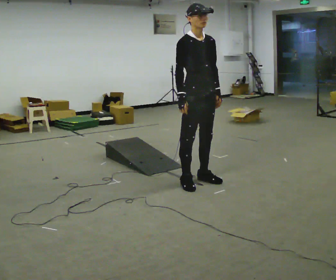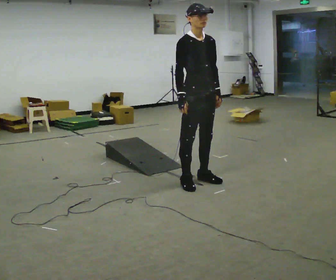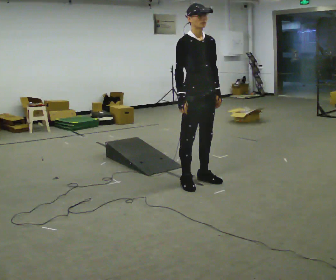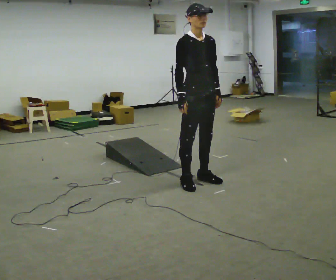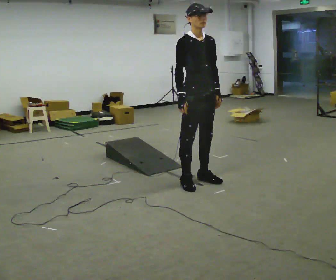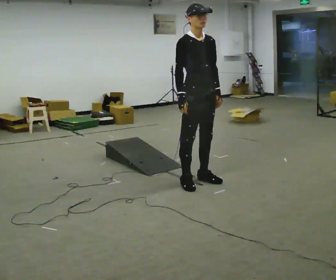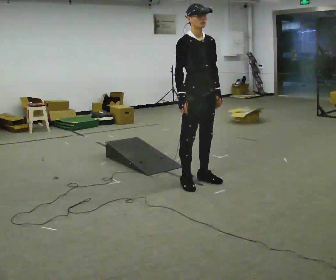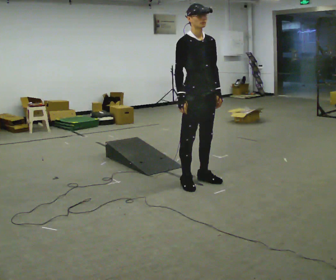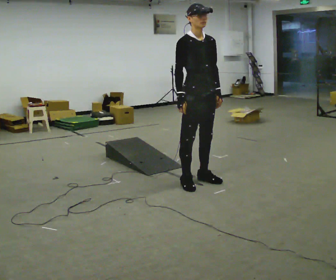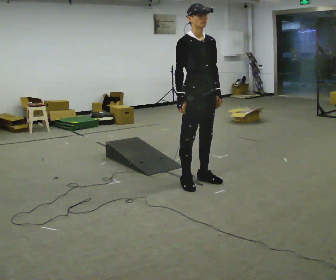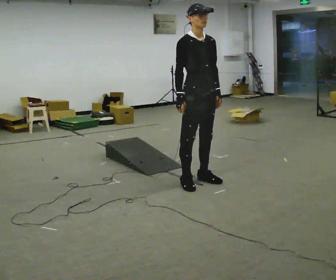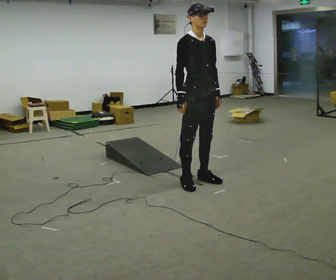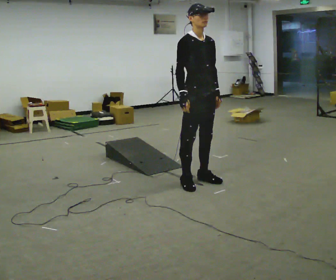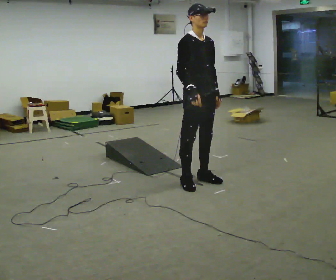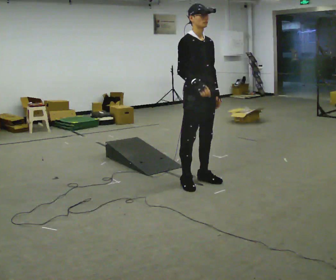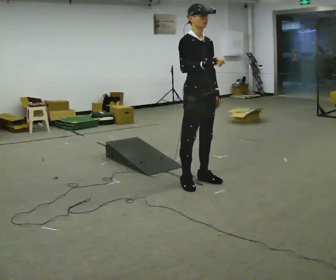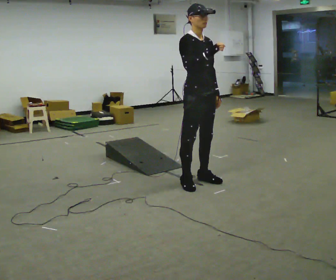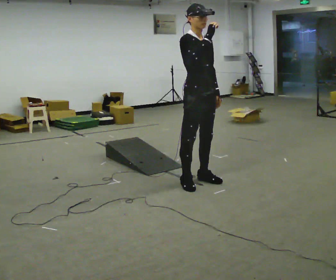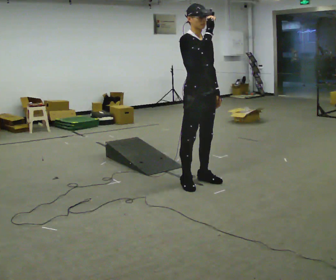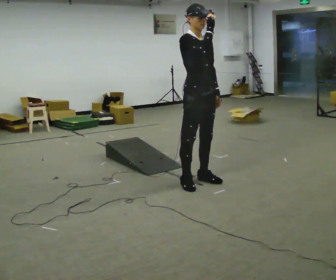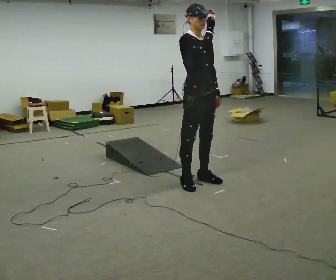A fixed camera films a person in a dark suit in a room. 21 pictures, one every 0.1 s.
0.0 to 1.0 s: The person keeps their place and pose.
1.0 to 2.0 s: In the picture their right hand goes upward.
The film runs backward here.
